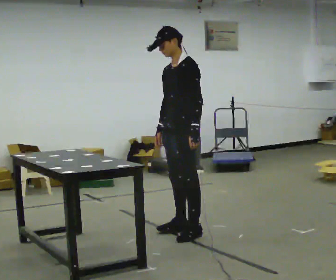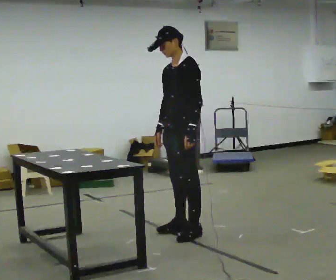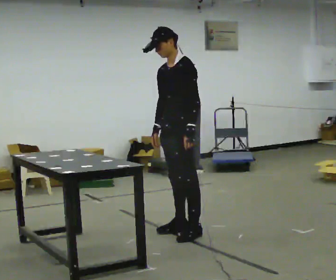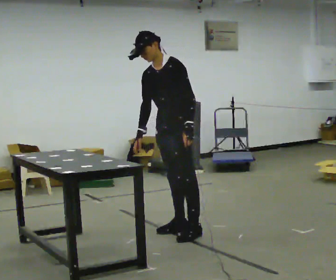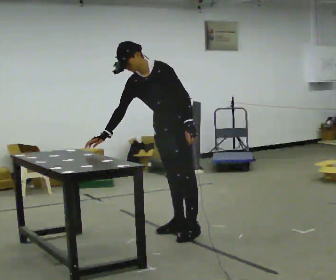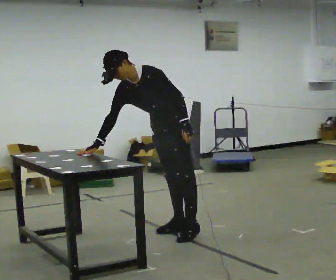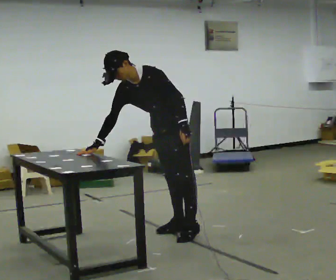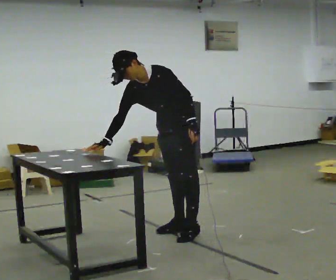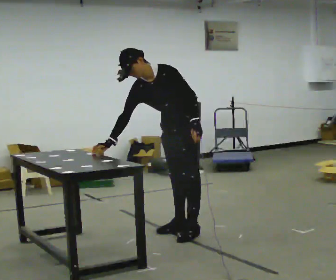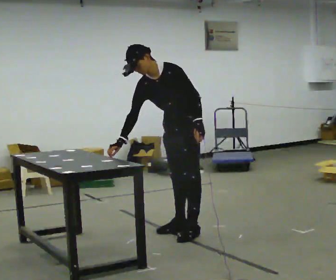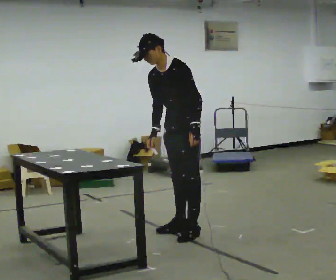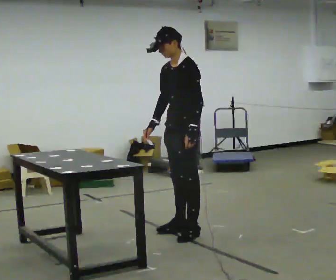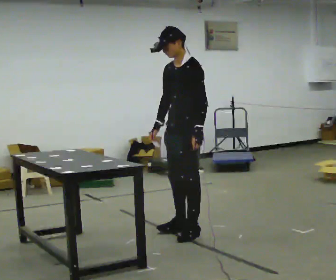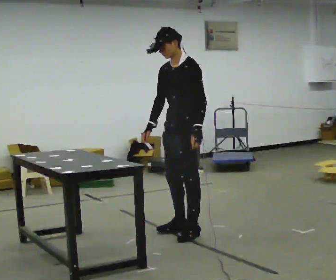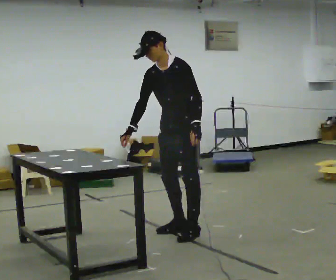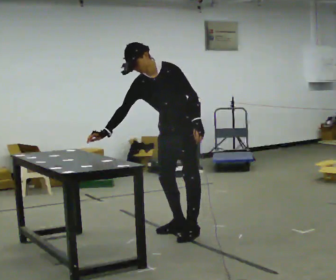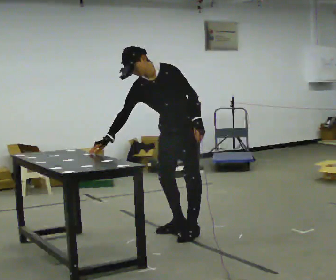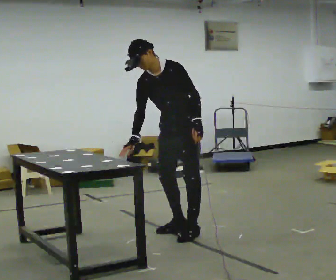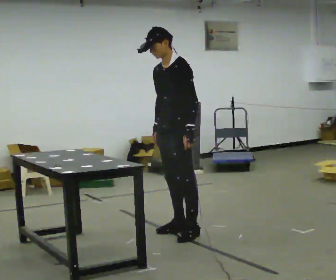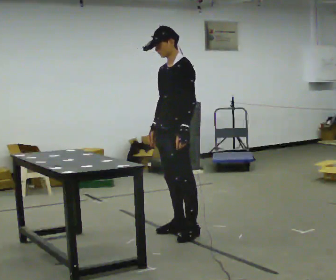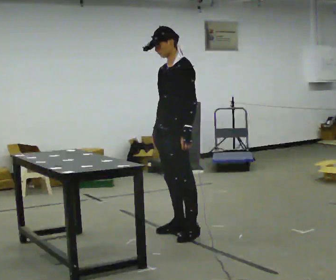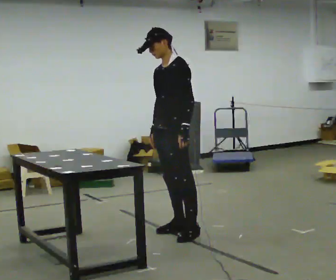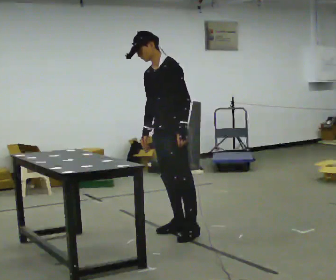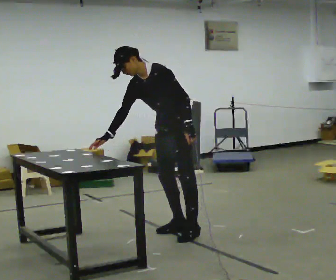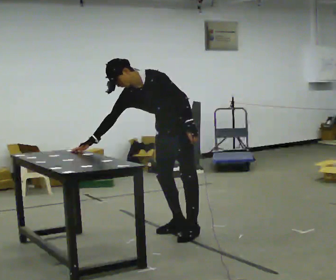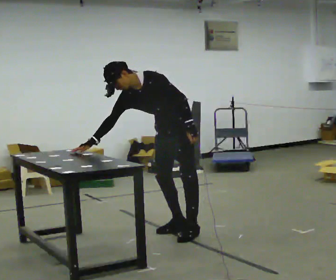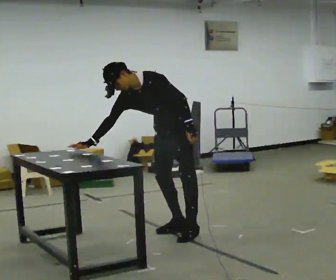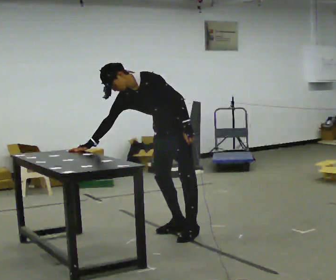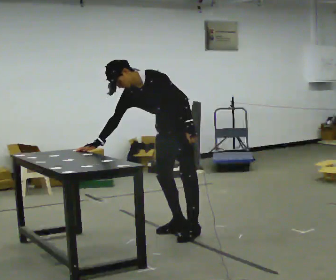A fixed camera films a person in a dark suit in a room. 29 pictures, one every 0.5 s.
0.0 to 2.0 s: In the picture the upper body tilts counterclockwise, shoulders to the left, as they bend forward.
2.0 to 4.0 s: The person moves a little, or ends about where they began.
4.0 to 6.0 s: In the picture the upper body tilts clockwise, shoulders to the right, as they lean back or straighten.
6.0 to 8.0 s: The person turns about 30 degrees to their left, counterclockwise seen from above, so the part of the body nearest the lens slides to the right. In the picture the upper body tilts counterclockwise, shoulders to the left, as they bend forward.
8.0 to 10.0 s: The person turns about 30 degrees to their right, clockwise seen from above, so the part of the body nearest the lens slides to the left. In the picture the upper body tilts clockwise, shoulders to the right, as they lean back or straighten. In the picture their right hand goes to the right.
10.0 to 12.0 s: In the picture the upper body tilts counterclockwise, shoulders to the left, as they bend forward.
12.0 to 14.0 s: The person moves a little, or ends about where they began.
The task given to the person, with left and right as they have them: Touch each numbered target on the board in front of you in the order the operator calls. Keep both feet on the marked spots for the whole take. If you have to step, stop and tell the operator.
The film runs forward here.
